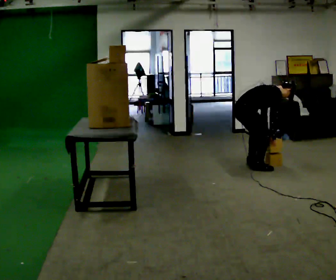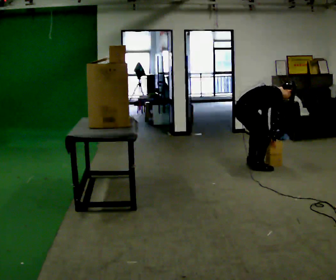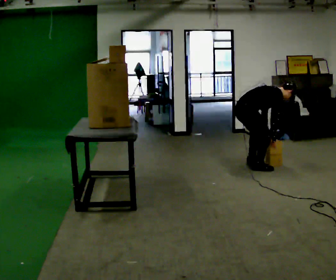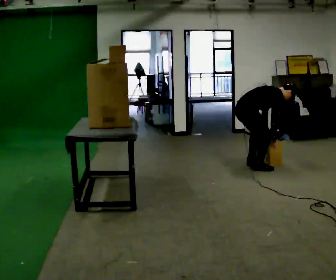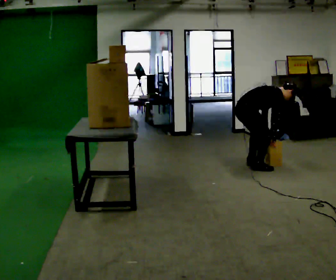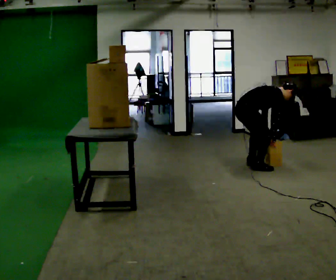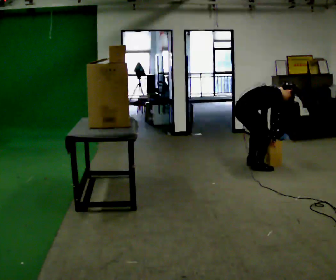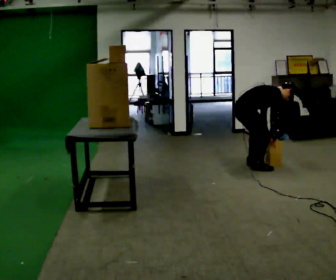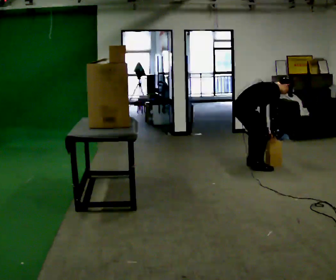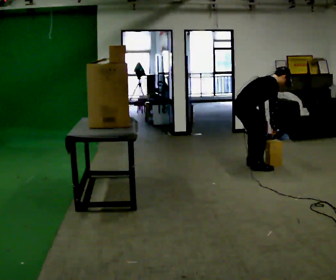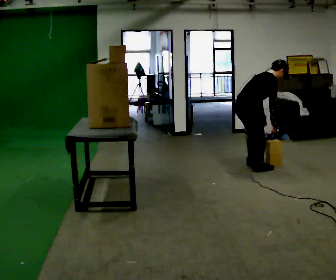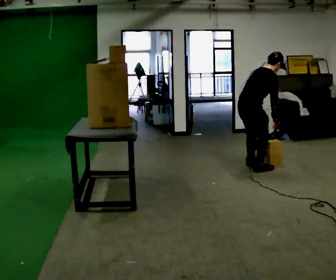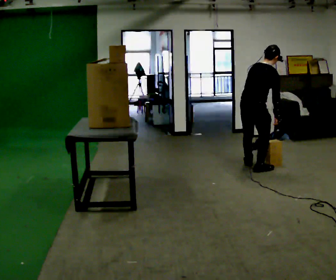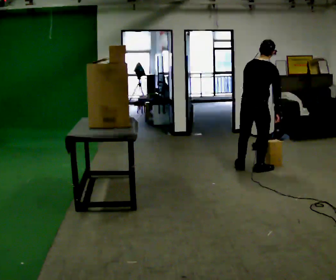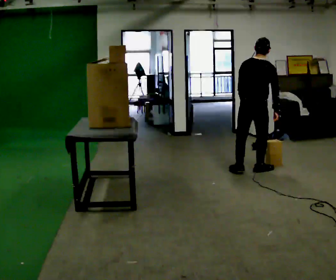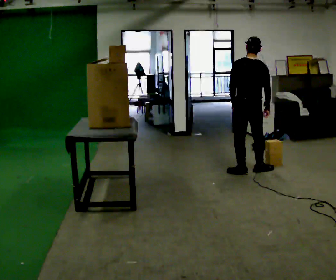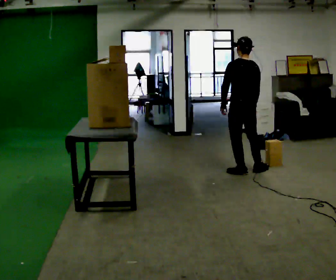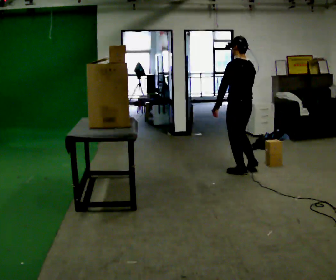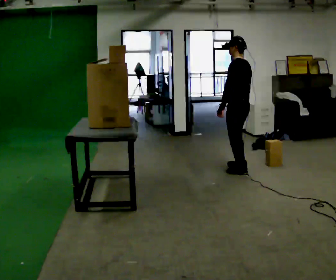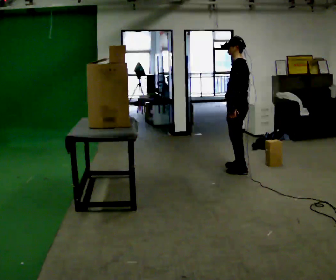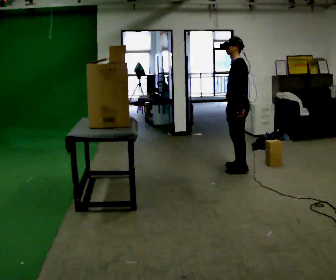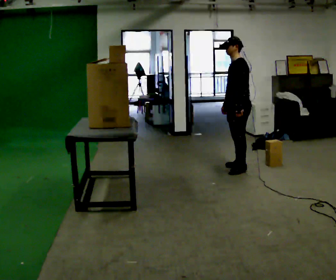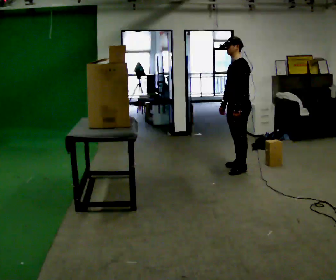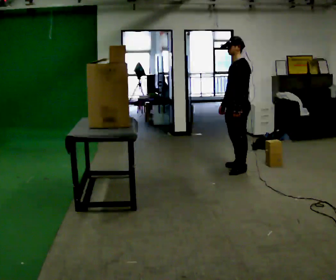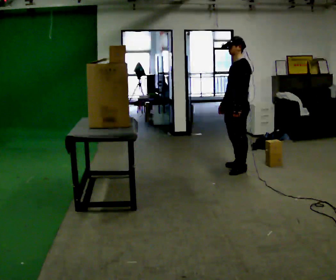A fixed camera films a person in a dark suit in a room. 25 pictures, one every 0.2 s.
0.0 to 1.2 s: The person keeps their place and pose.
1.2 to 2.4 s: The part of the body nearest the lens slides to the right as the person turns to their left by about 45 degrees. In the picture they go toward the camera, about 0.25 m, which for them is to their right. The shoulders move upward. In the picture the upper body tilts counterclockwise, shoulders to the left, as they lean back or straighten.
2.4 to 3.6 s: The person turns about 105 degrees to their left, counterclockwise seen from above, so the part of the body nearest the lens slides to the right. In the picture the upper body tilts counterclockwise, shoulders to the left, as they lean back or straighten. In the picture their left hand goes to the left.
3.6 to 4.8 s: The part of the body nearest the lens slides to the right as the person turns to their left by about 45 degrees.
The film runs forward here.
